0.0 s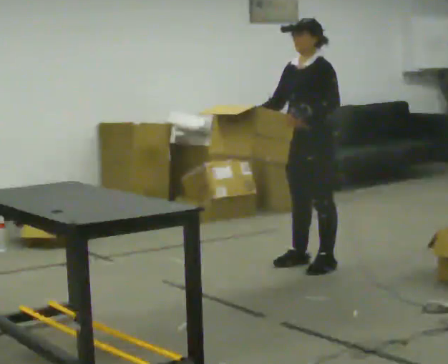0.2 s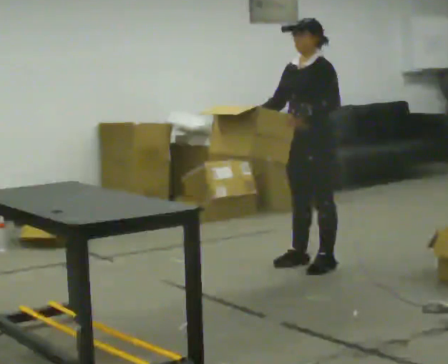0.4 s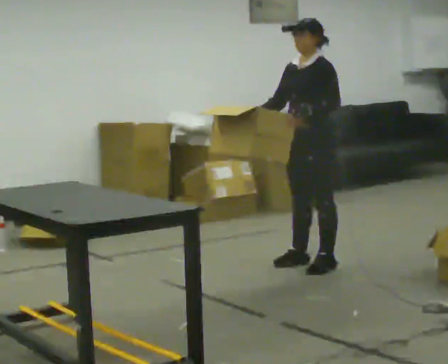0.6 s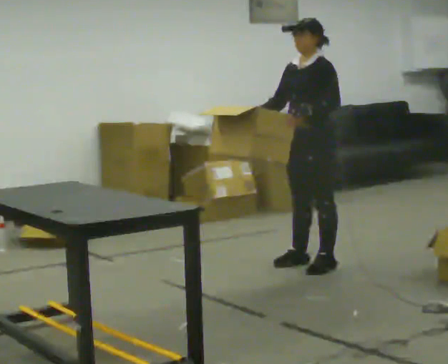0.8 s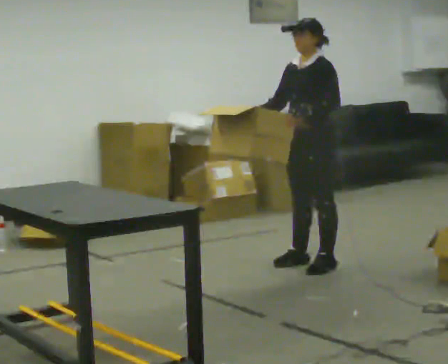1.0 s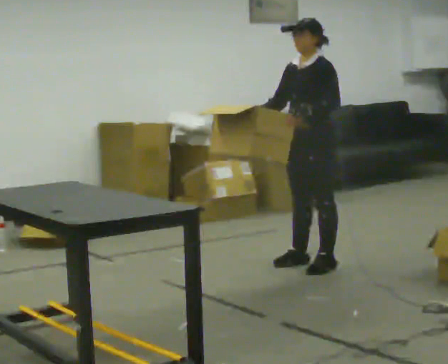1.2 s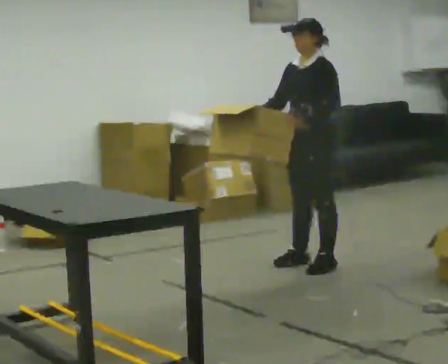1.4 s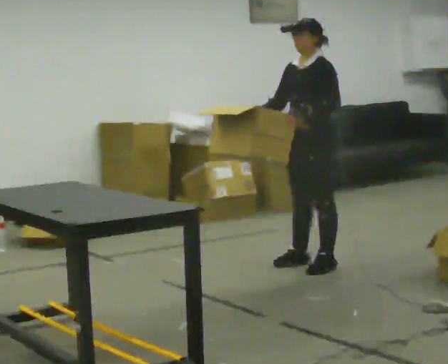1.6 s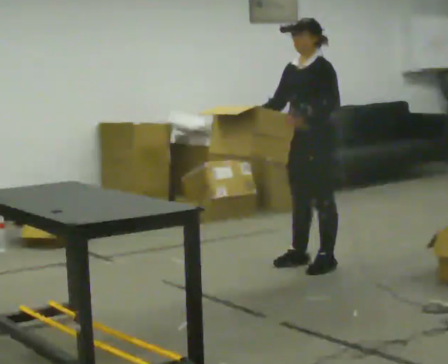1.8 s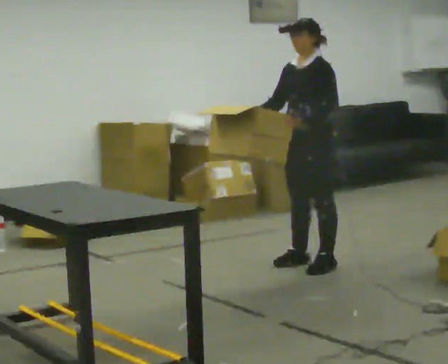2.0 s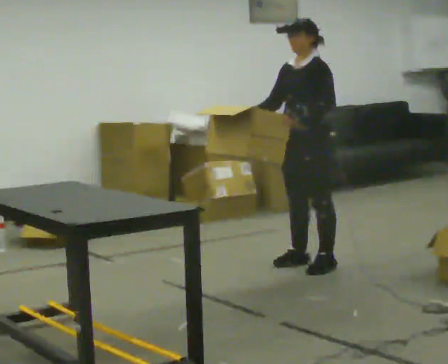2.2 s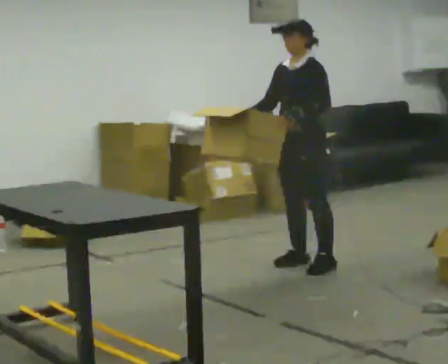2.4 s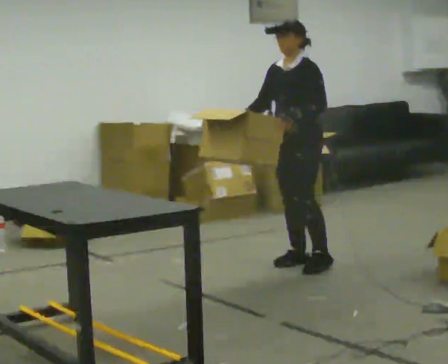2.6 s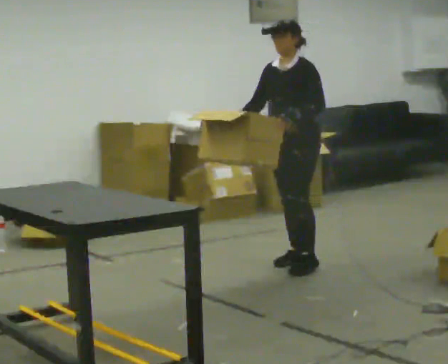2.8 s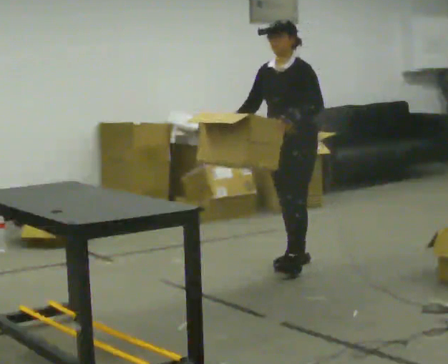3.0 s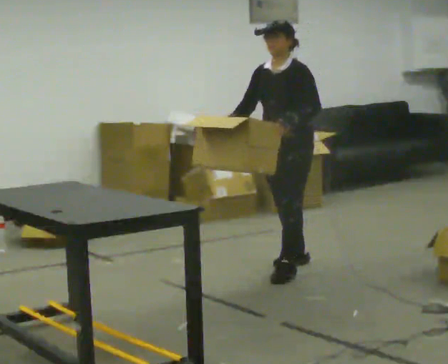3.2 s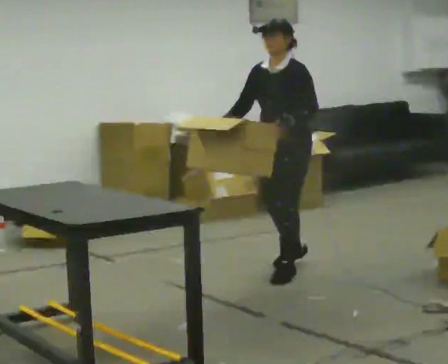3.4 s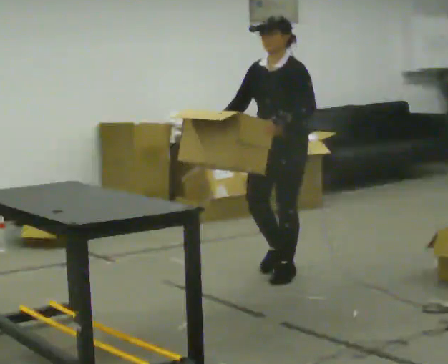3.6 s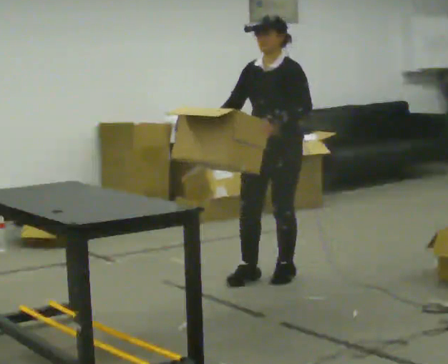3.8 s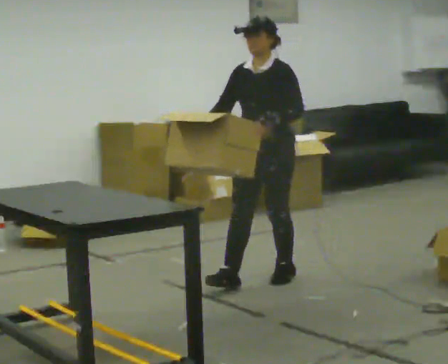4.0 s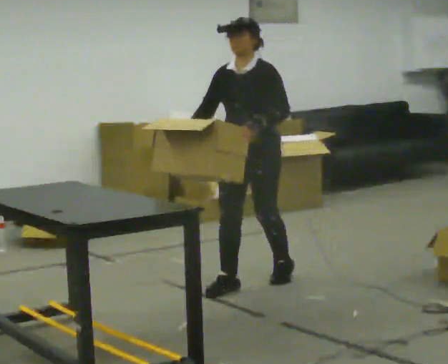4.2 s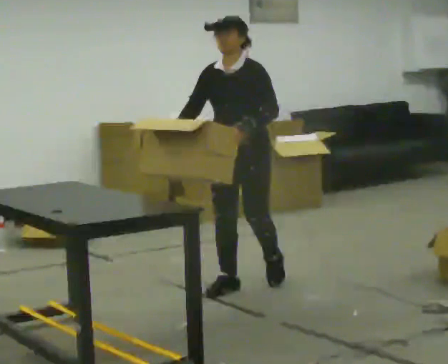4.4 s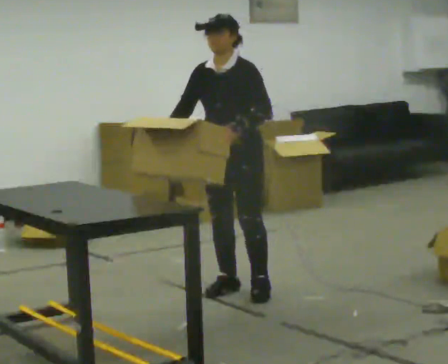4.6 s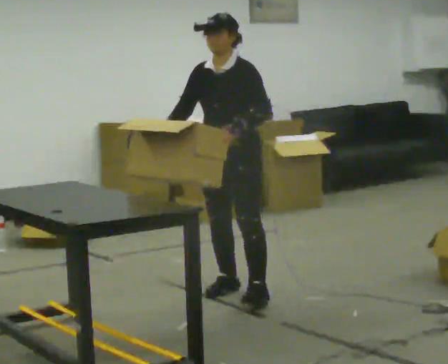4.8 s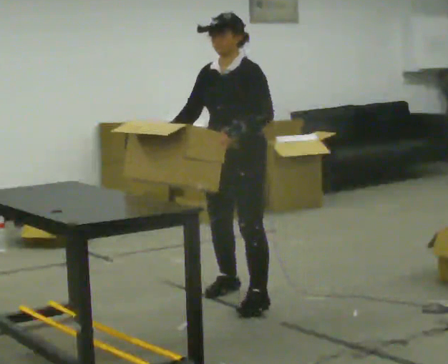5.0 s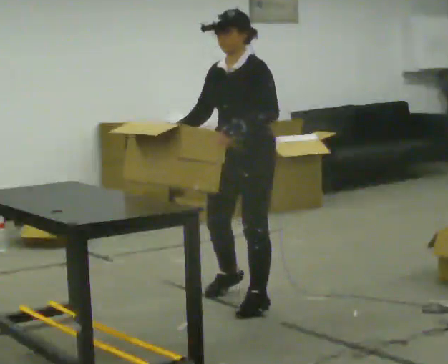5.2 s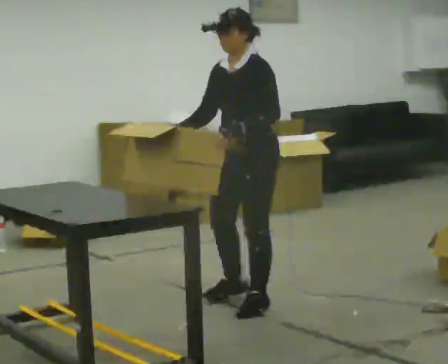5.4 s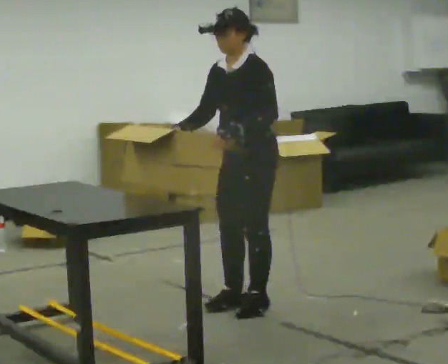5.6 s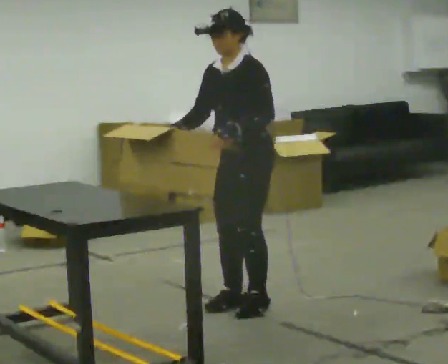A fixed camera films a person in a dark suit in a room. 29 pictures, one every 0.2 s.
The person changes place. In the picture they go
toward the camera.
0.0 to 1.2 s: The person keeps their place and pose.
1.2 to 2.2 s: The person moves a little, or ends about where they began.
2.2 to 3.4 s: In the picture they go toward the camera, about 0.25 m in 1 step, which for them is forward.
3.4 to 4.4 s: In the picture they go toward the camera and to the left, about 0.5 m in 1 step, which for them is forward.
4.4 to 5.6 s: In the picture they go toward the camera, about 0.25 m in 2 steps, which for them is to their left and forward.
The film runs forward here.
